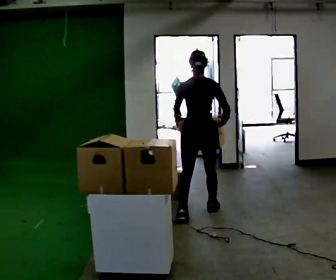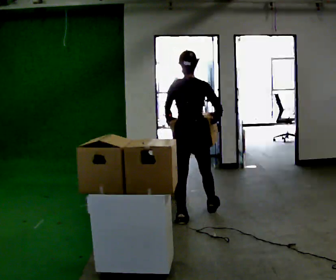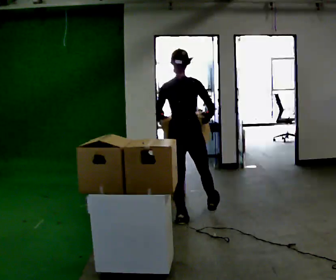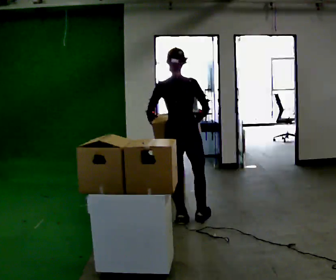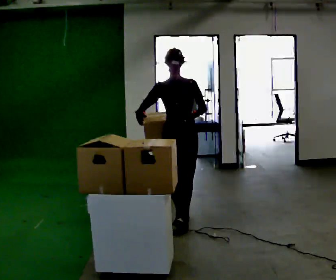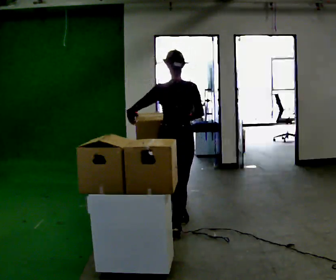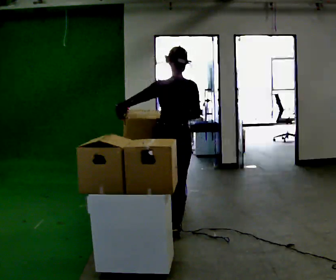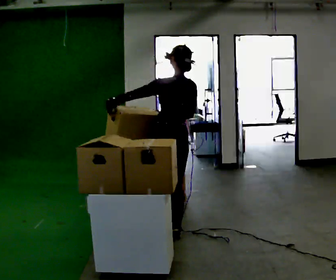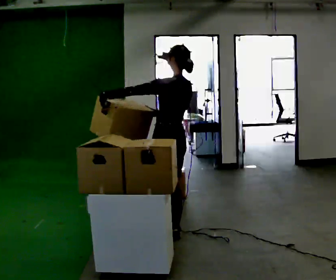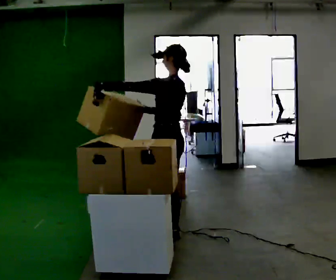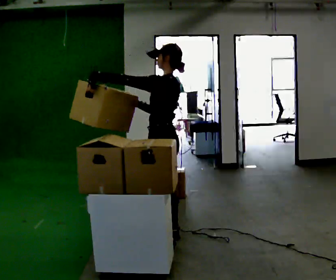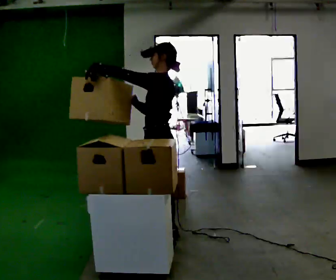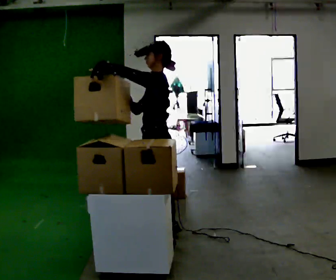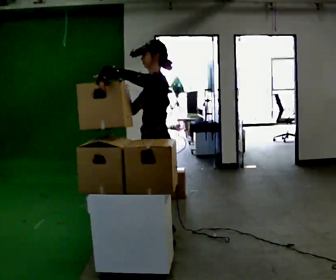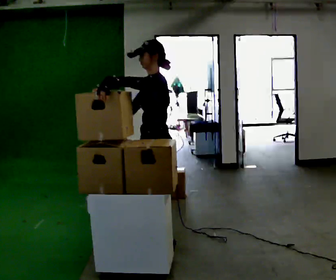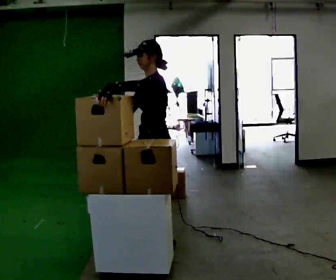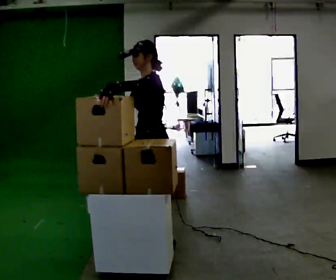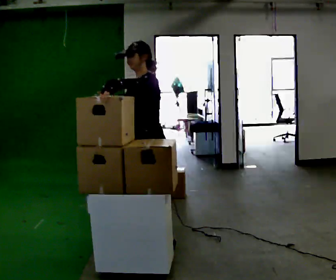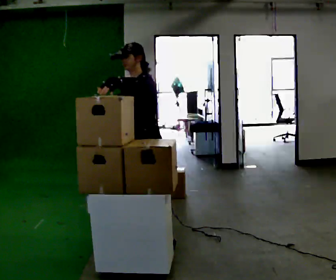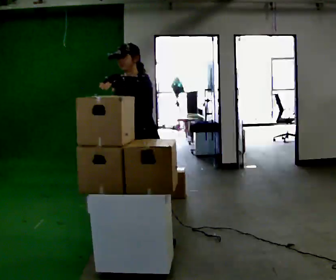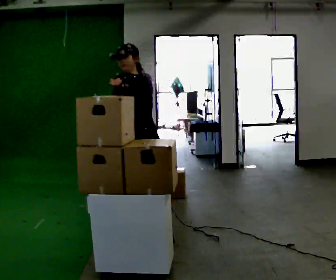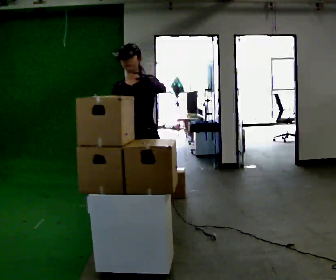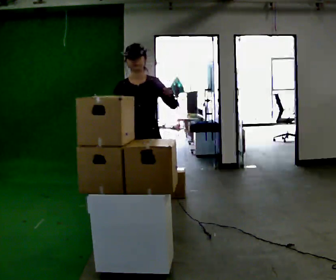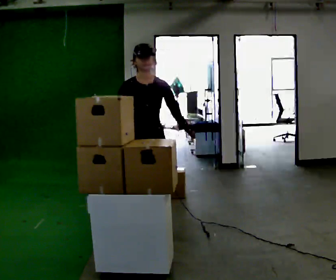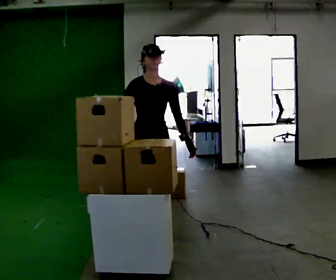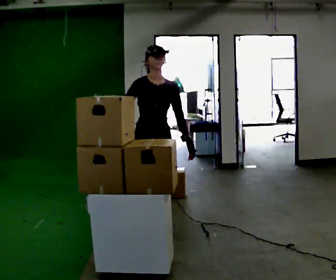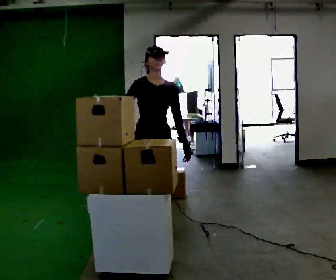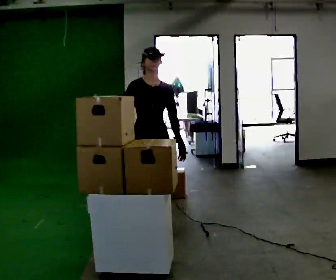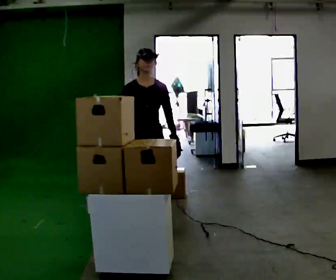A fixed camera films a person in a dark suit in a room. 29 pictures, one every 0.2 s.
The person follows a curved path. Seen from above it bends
clockwise.
The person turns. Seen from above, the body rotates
counterclockwise.
0.0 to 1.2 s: In the picture they go toward the camera and to the left, about 0.5 m in 2 steps, which for them is backward.
1.2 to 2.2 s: Seen from above the body turns counterclockwise, about 75 degrees: to their left, with its near side sliding to the right. In the picture they go toward the camera, about 0.25 m. In the picture their left hand goes upward.
2.2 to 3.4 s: The person turns about 45 degrees to their left, counterclockwise seen from above, so the part of the body nearest the lens slides to the right.
3.4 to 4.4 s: Seen from above the body turns counterclockwise, about 45 degrees: to their left, with its near side sliding to the right. In the picture they go away from the camera, about 0.25 m in 1 step, which for them is to their right. In the picture their left hand goes to the right.
4.4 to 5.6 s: In the picture they go away from the camera, about 0.25 m in 1 step, which for them is backward. In the picture their left hand goes downward.
The film runs backward here.
